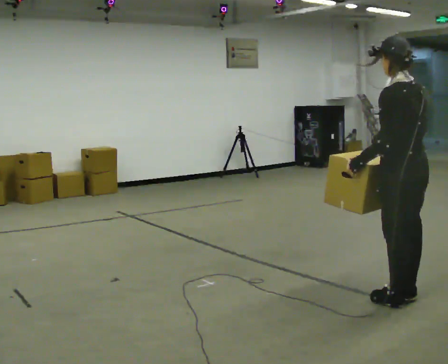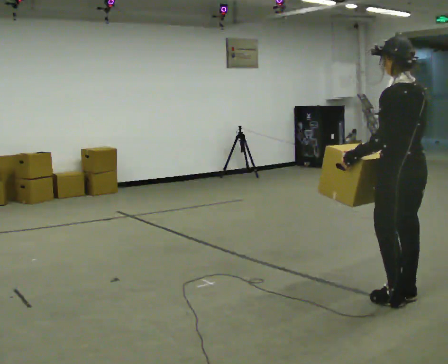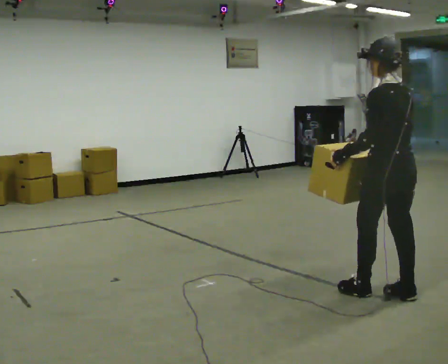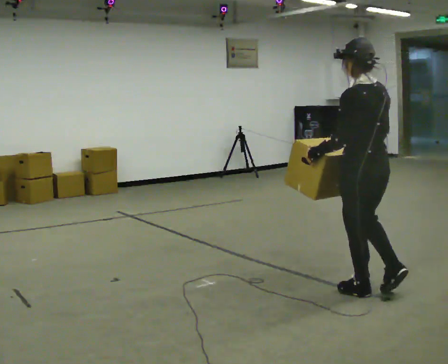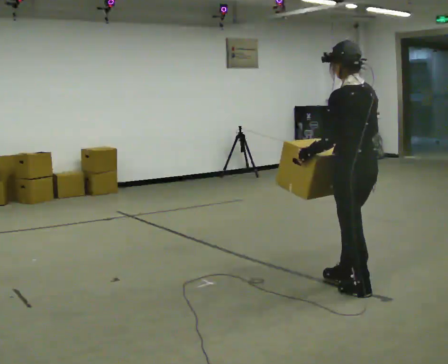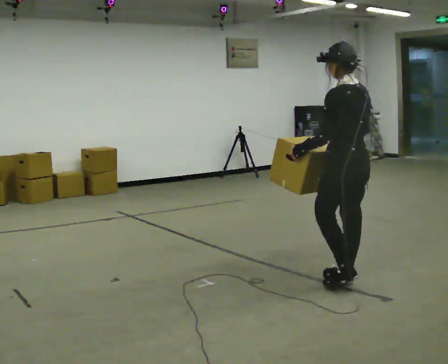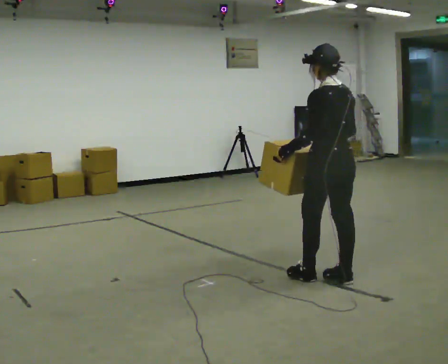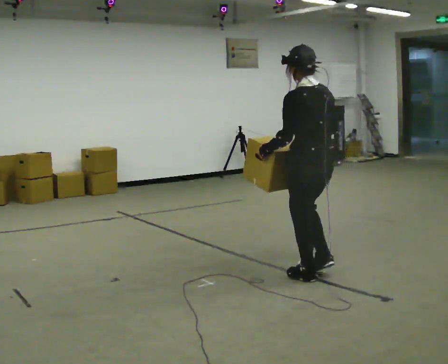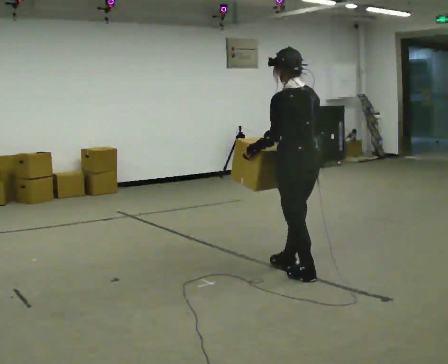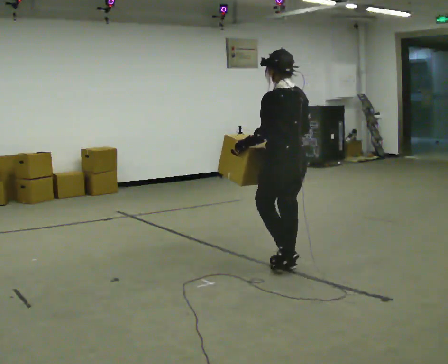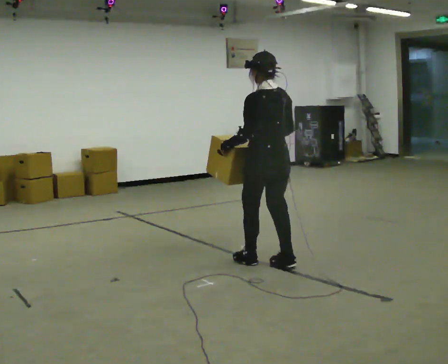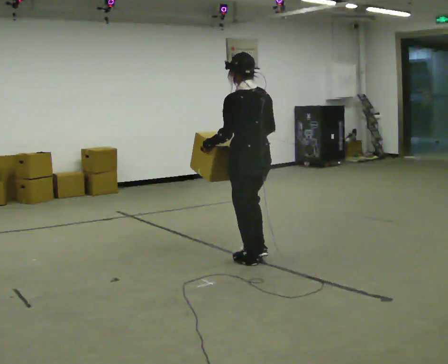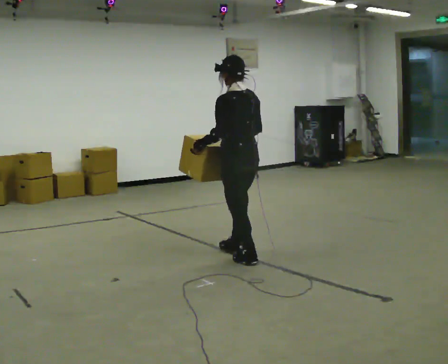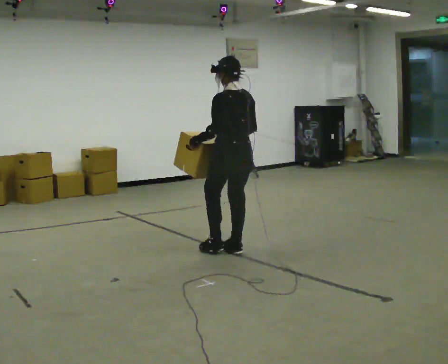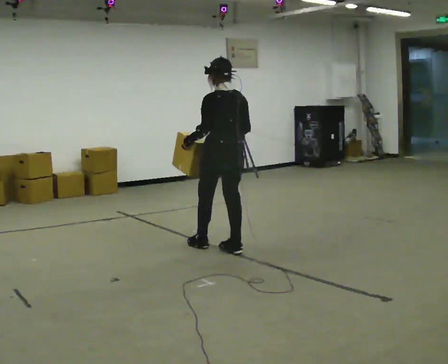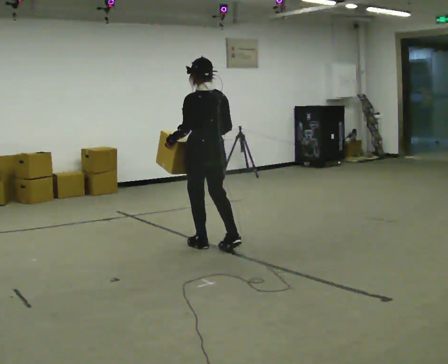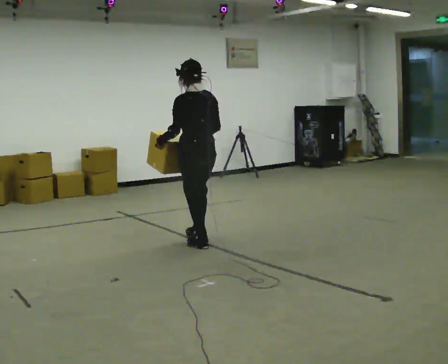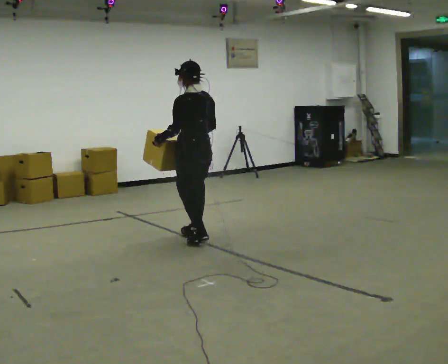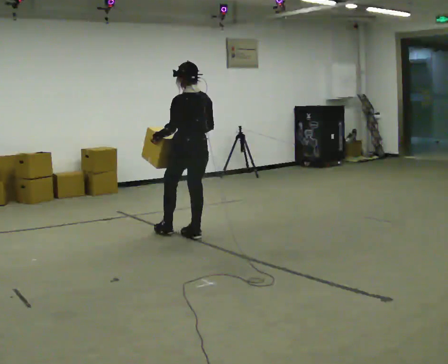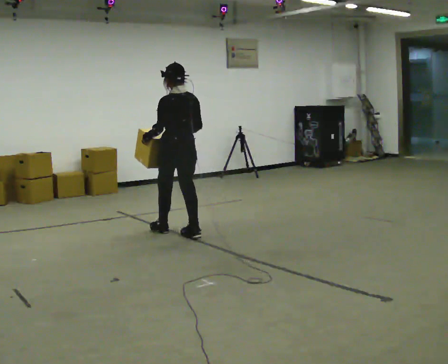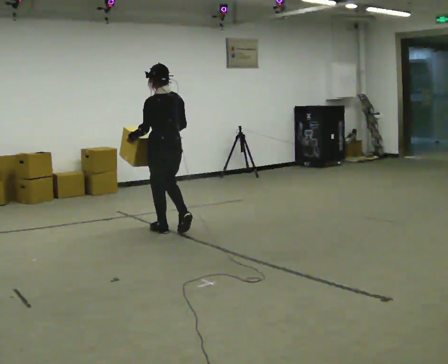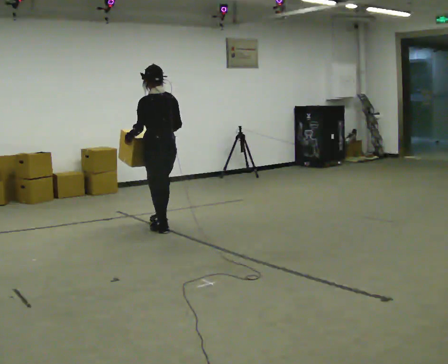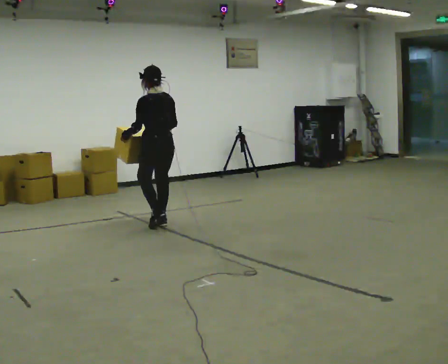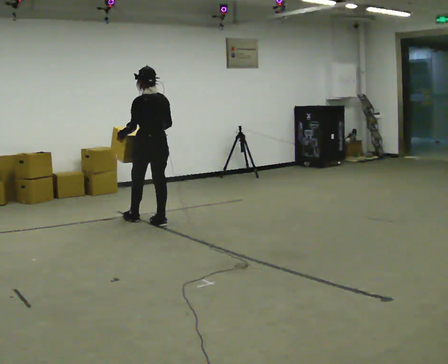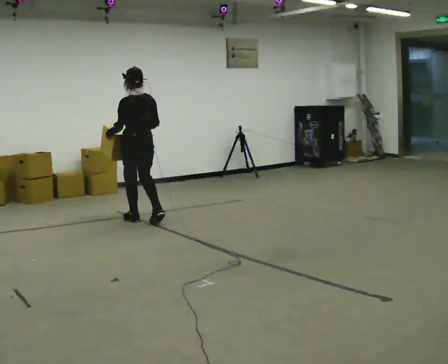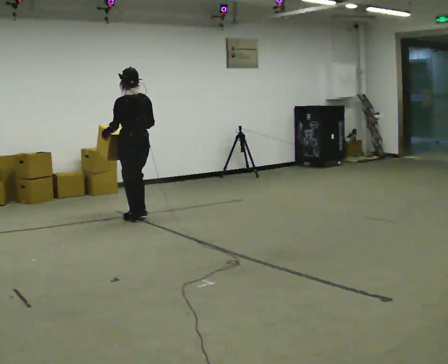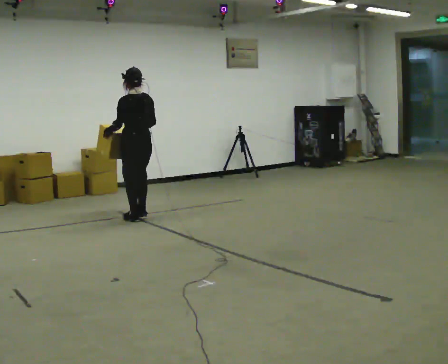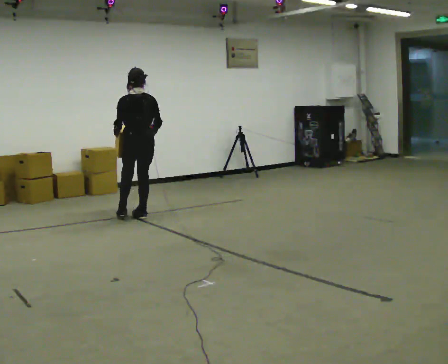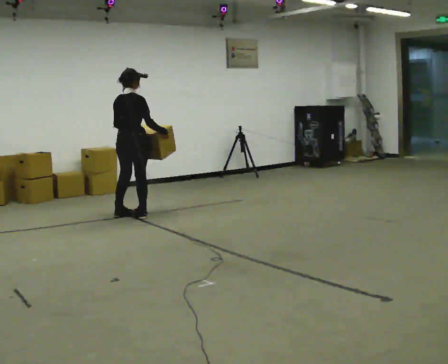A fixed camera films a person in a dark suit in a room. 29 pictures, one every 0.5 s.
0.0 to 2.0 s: In the picture they go away from the camera and to the left, about 0.5 m in 2 steps, which for them is forward.
2.0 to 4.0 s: In the picture they go away from the camera and to the left, about 0.5 m in 2 steps, which for them is forward.
4.0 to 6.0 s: In the picture they go away from the camera and to the left, about 0.75 m in 2 steps, which for them is forward.
6.0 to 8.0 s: In the picture they go away from the camera and to the left, about 0.5 m in 1 step, which for them is forward.
8.0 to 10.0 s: In the picture they go away from the camera and to the left, about 0.5 m in 2 steps, which for them is forward.
10.0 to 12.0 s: In the picture they go away from the camera and to the left, about 0.5 m in 2 steps, which for them is forward.
12.0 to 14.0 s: Seen from above the body turns clockwise, about 60 degrees: to their right, with its near side sliding to the left. In the picture they go away from the camera, about 0.25 m in 2 steps.
The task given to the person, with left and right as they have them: Carry the box across the room much more slowly and carefully than normal, back and forth.
The film runs forward here.
